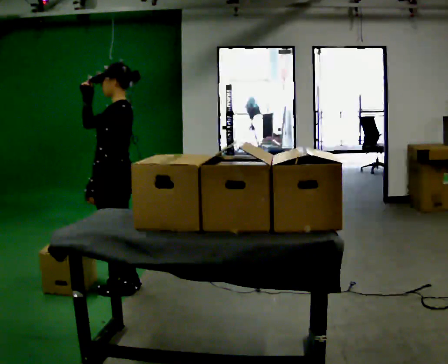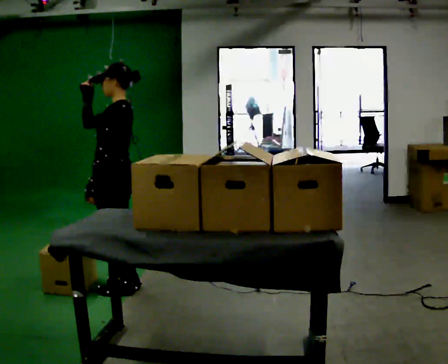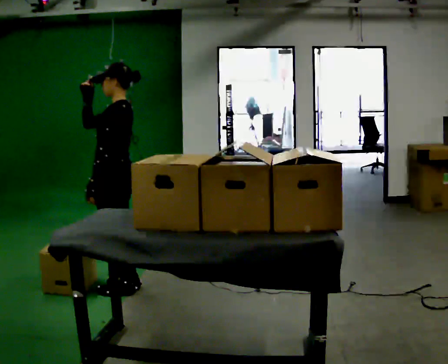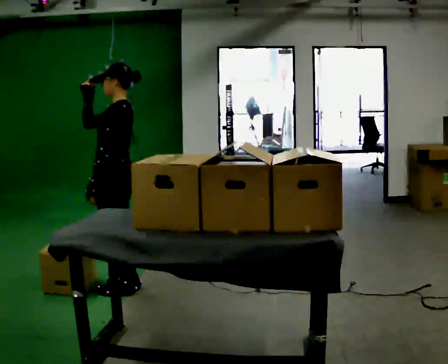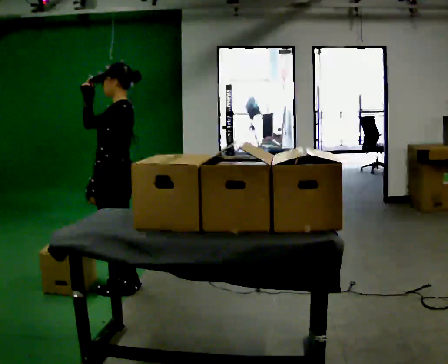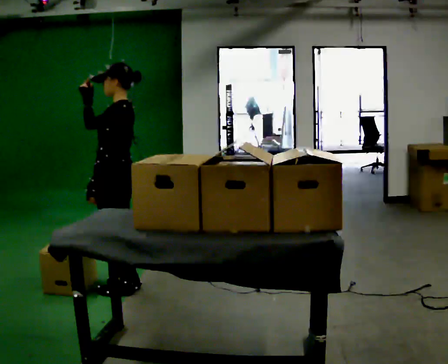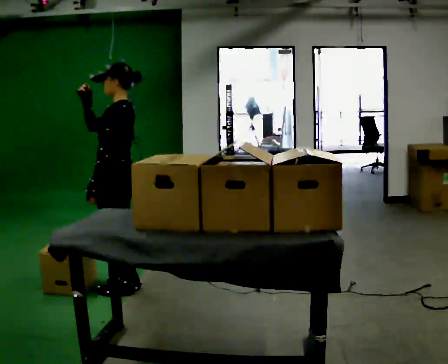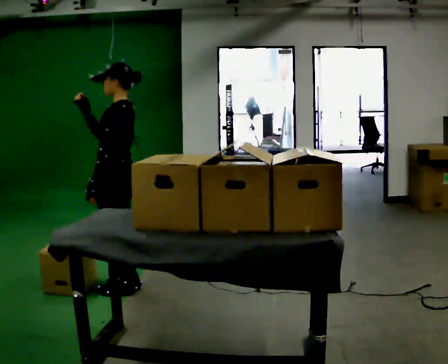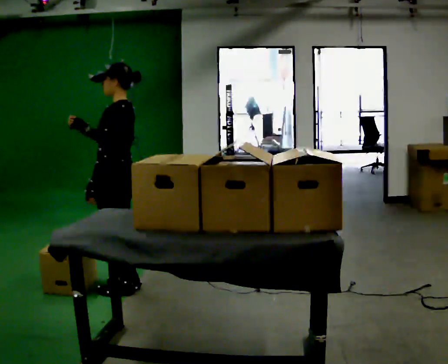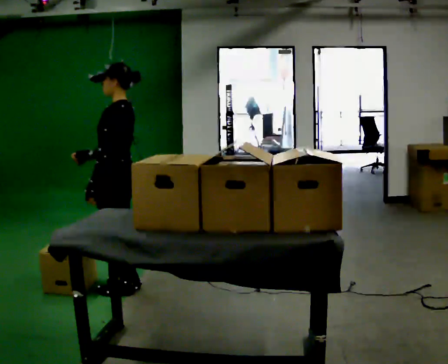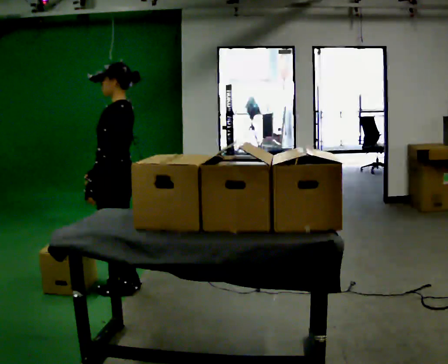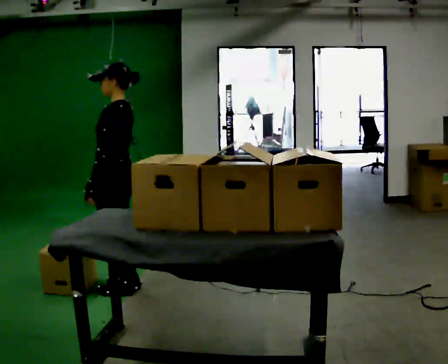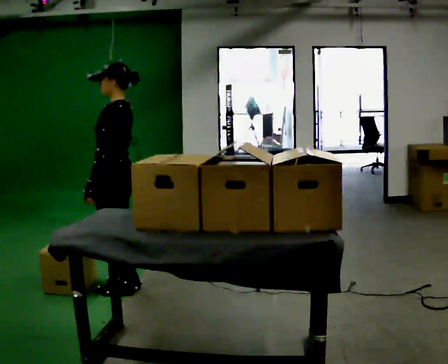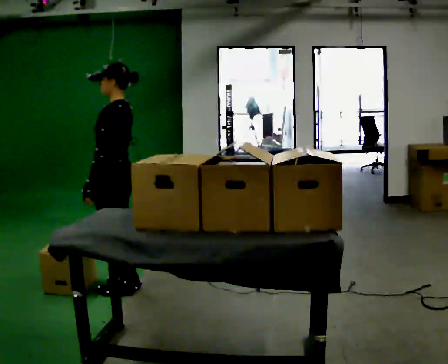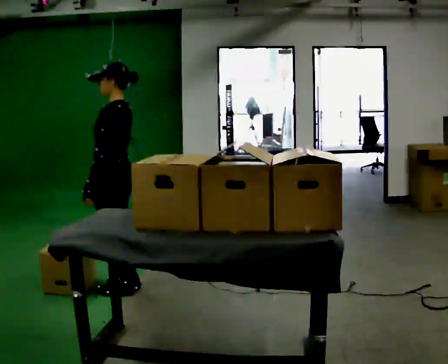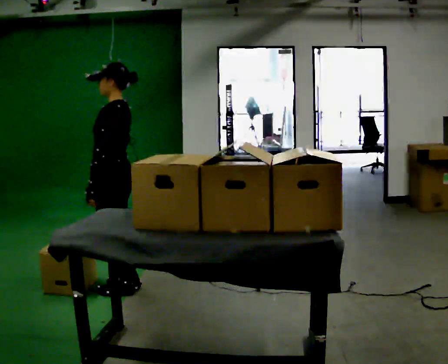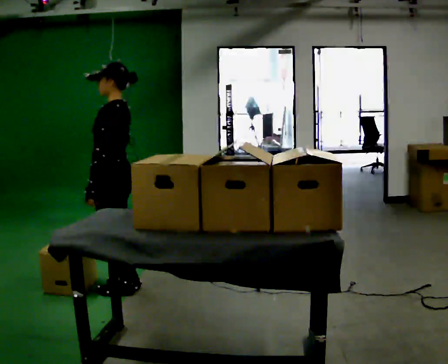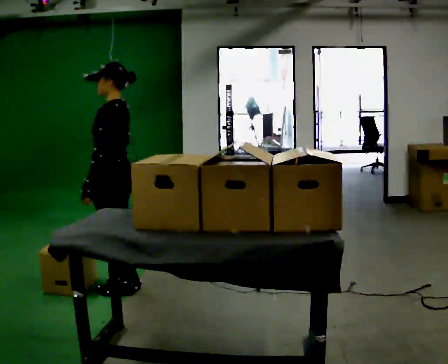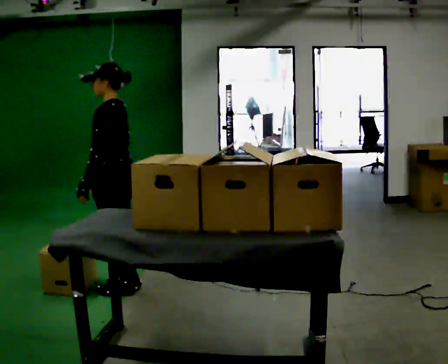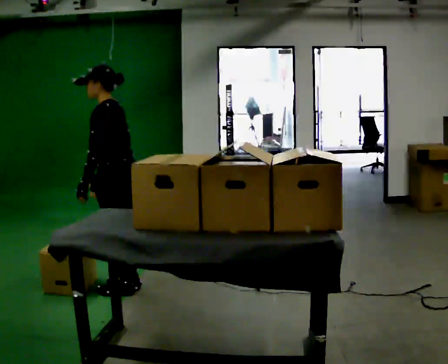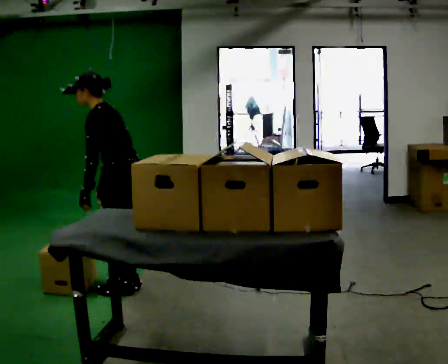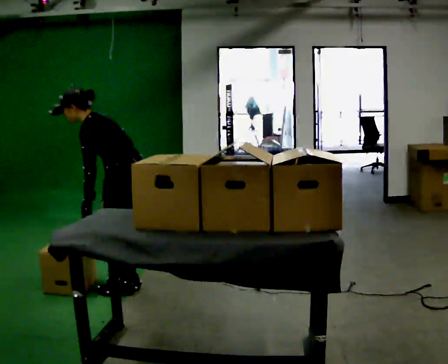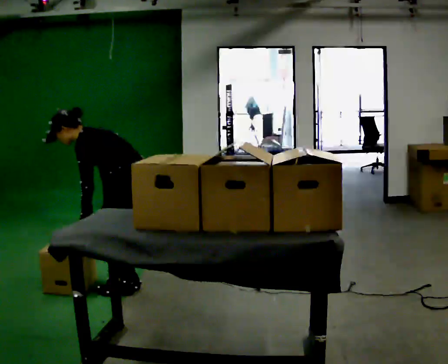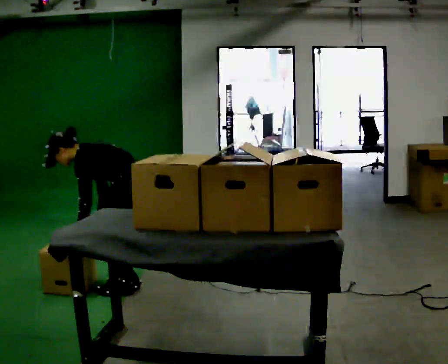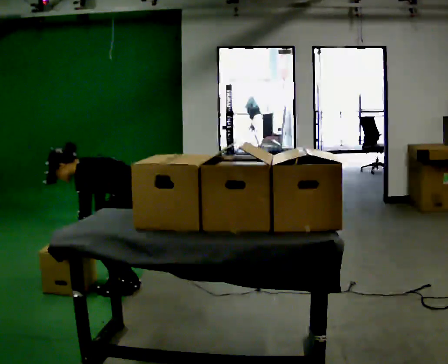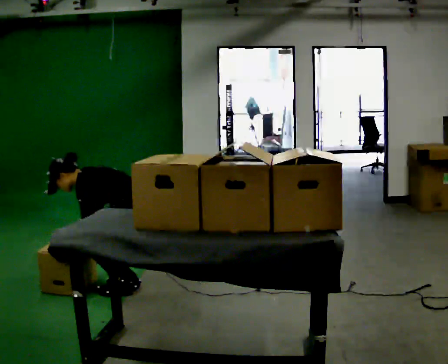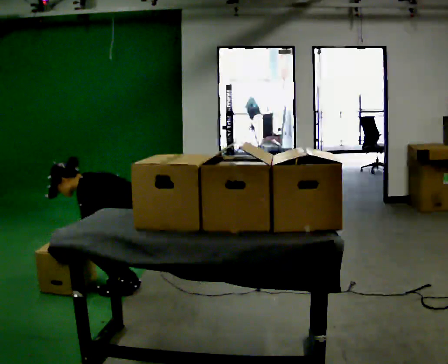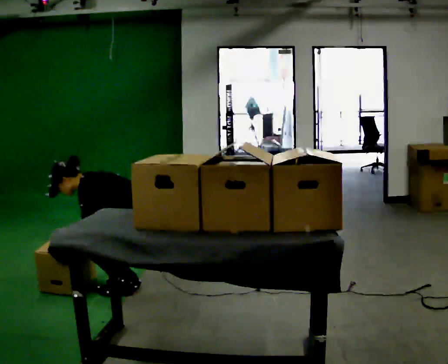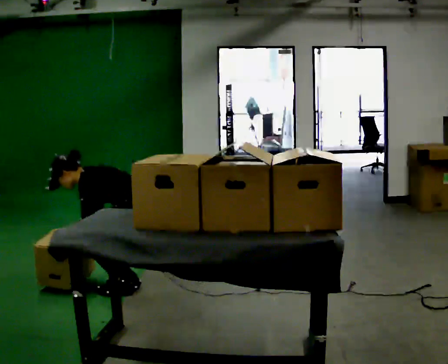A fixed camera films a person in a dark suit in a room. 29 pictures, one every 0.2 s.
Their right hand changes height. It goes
downward.
The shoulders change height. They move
downward.
0.0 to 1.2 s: The person keeps their place and pose.
1.2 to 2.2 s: In the picture their right hand goes downward.
2.2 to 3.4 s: The person moves a little, or ends about where they began.
3.4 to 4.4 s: The shoulders move downward. In the picture the upper body tilts counterclockwise, shoulders to the left, as they bend forward.
4.4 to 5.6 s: The shoulders move downward. In the picture the upper body tilts counterclockwise, shoulders to the left, as they bend forward. In the picture their right hand goes downward.
The film runs backward here.
